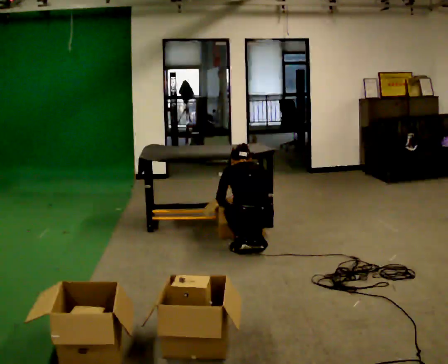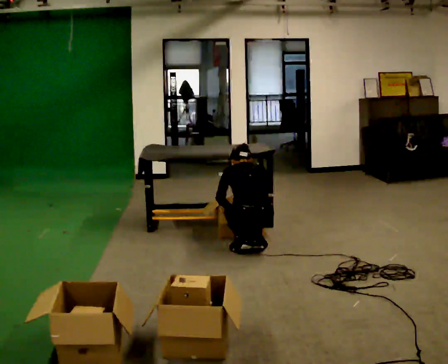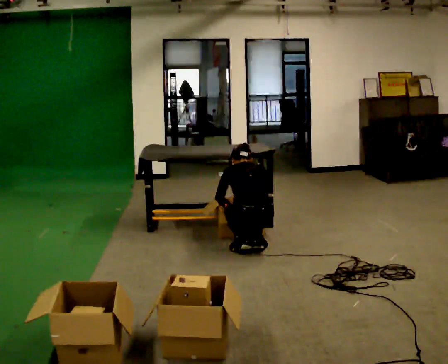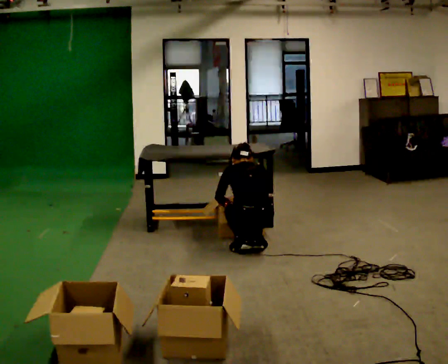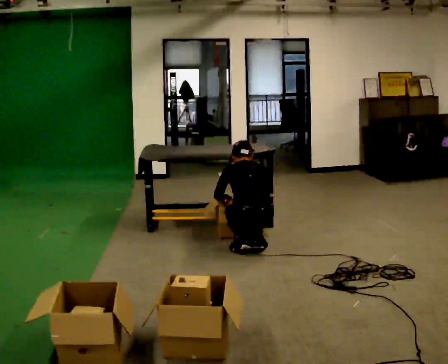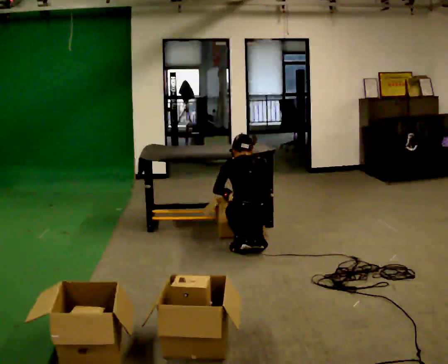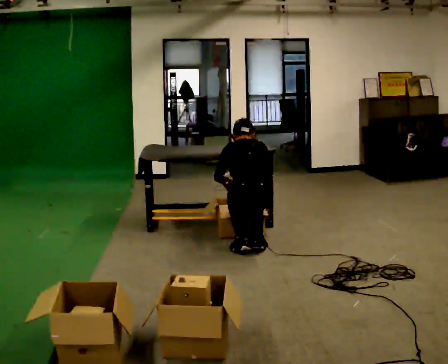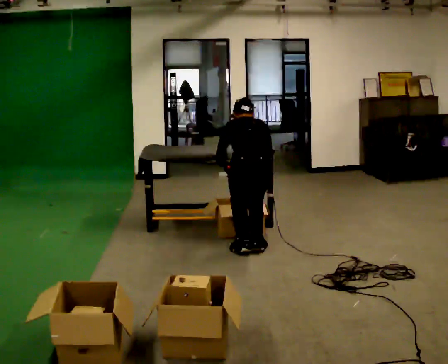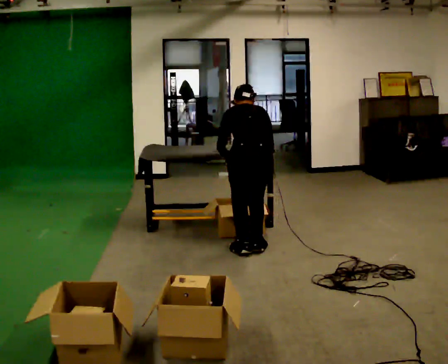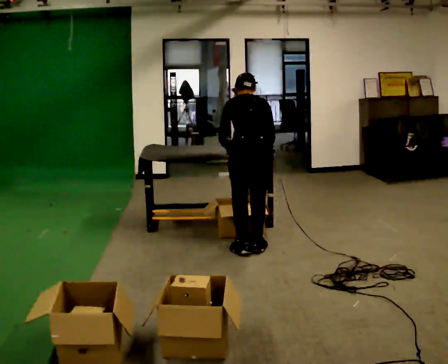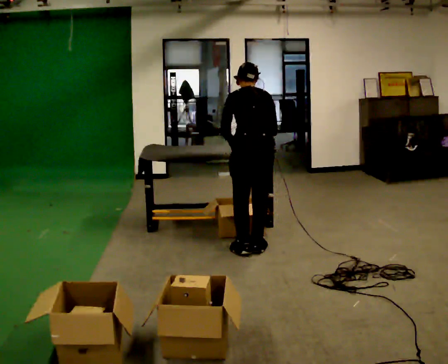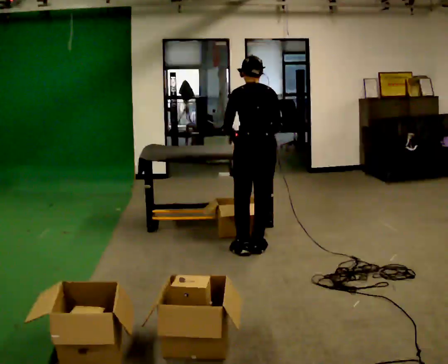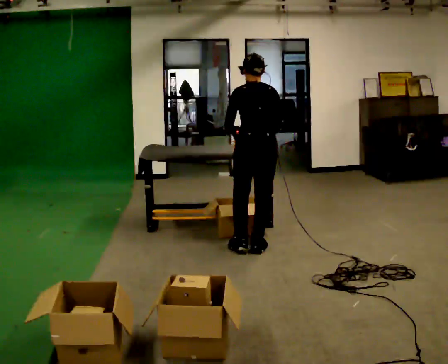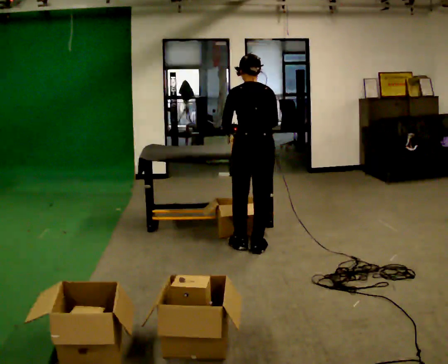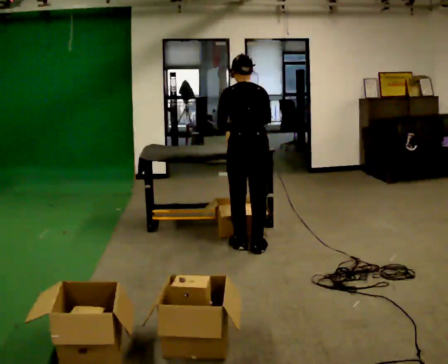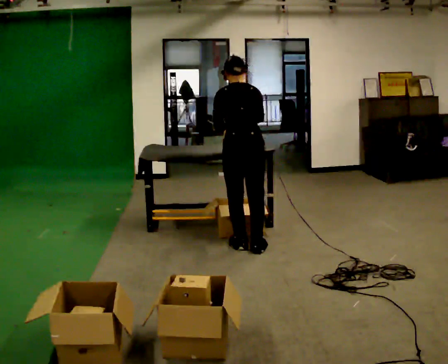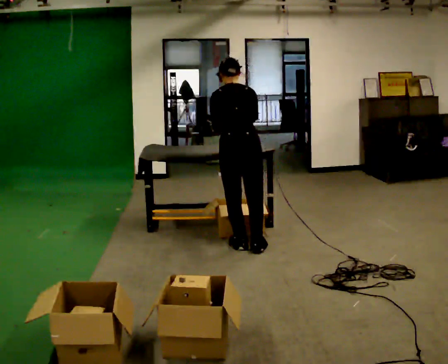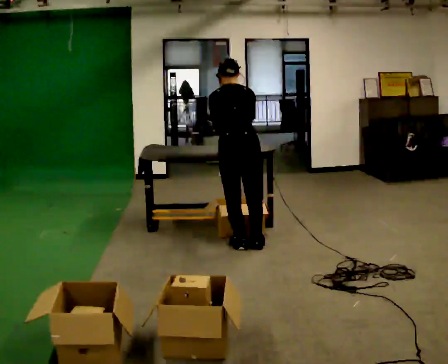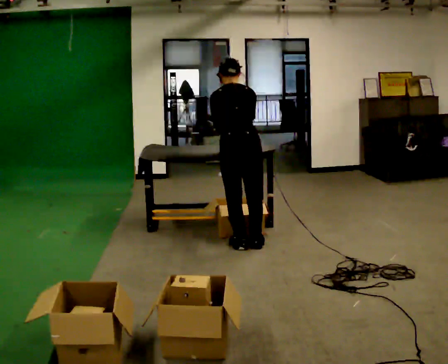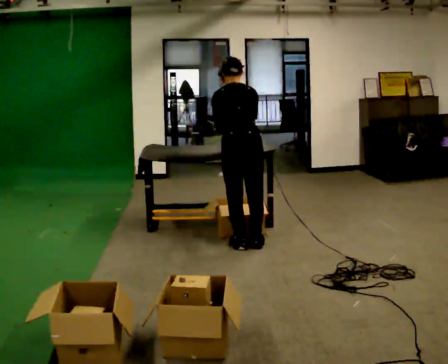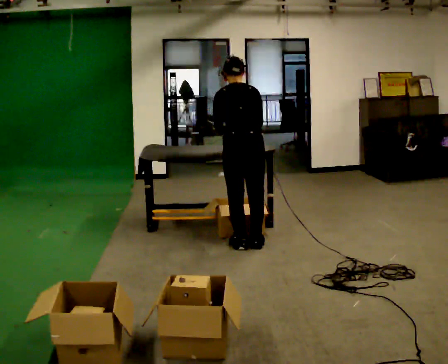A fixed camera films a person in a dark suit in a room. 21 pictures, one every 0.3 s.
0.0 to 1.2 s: The person moves a little, or ends about where they began.
1.2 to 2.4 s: The shoulders move upward. In the picture their left hand goes upward.
2.4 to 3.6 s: The upper body goes upward. The upper body tips toward the camera, its near side rolling downward, as they lean back or straighten.
3.6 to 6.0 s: The person moves a little, or ends about where they began.
The film runs forward here.
